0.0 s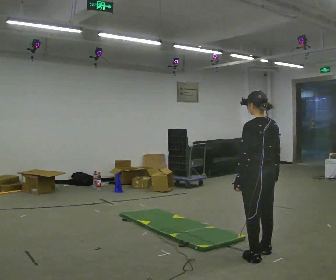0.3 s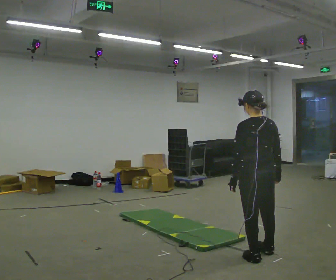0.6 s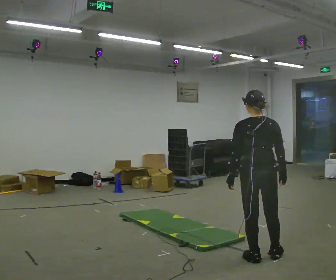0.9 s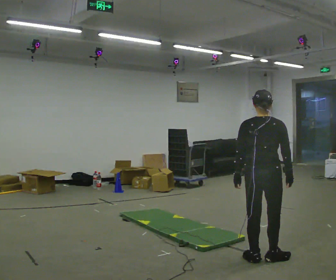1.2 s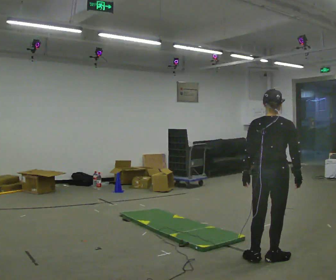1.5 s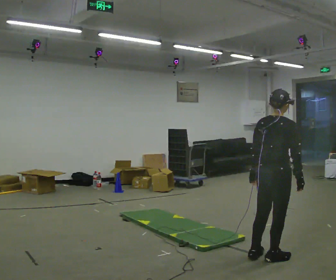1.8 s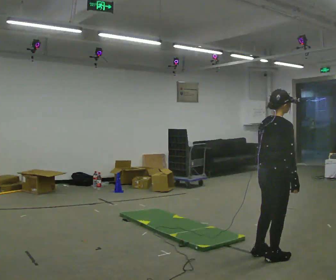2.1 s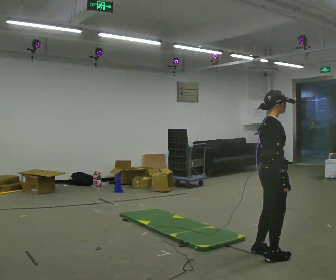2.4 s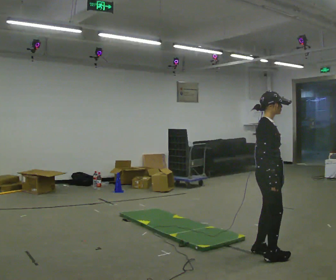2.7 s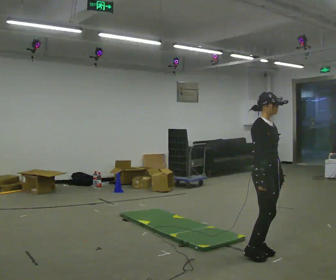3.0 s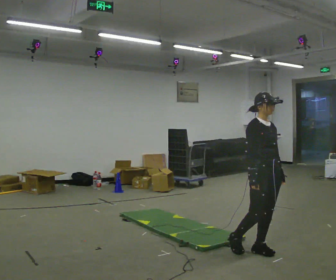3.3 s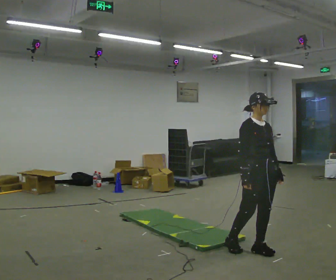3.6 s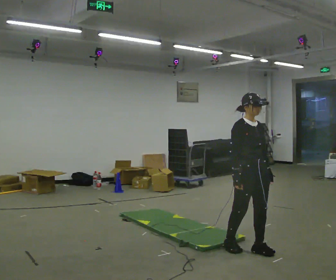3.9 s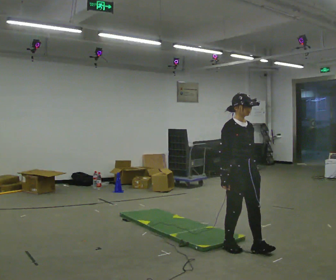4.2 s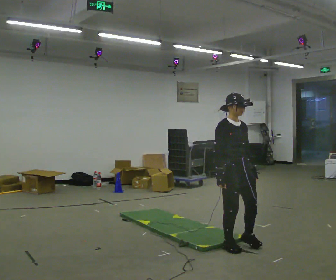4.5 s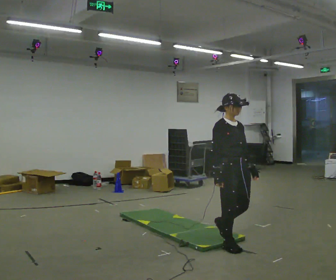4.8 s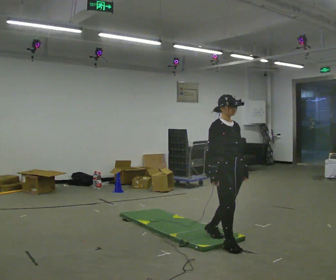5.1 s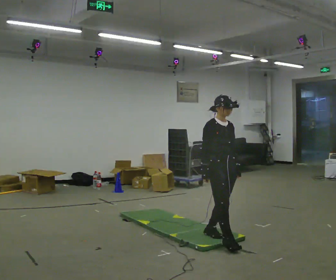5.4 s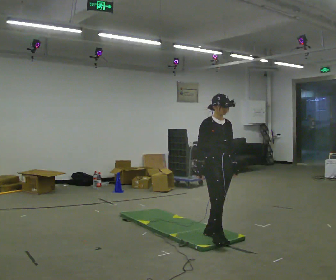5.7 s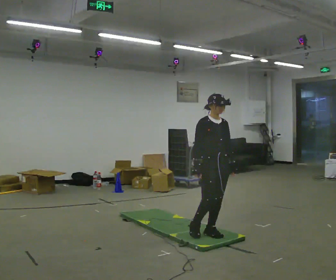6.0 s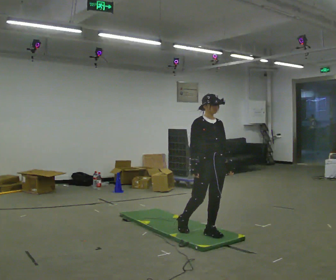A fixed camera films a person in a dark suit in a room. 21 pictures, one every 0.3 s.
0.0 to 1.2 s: The person turns about 60 degrees to their right, clockwise seen from above, so the part of the body nearest the lens slides to the left.
1.2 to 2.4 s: The part of the body nearest the lens slides to the left as the person turns to their right by about 90 degrees. In the picture they go away from the camera, about 0.25 m in 1 step.
2.4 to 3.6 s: The part of the body nearest the lens slides to the left as the person turns to their right by about 30 degrees. In the picture they go to the left, about 0.25 m in 1 step, which for them is backward.
3.6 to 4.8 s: In the picture they go to the left, about 0.25 m in 1 step, which for them is backward.
4.8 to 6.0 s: In the picture they go to the left and away from the camera, about 0.25 m in 1 step, which for them is backward.
The film runs backward here.
